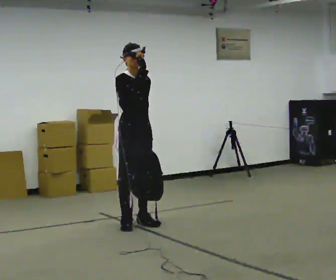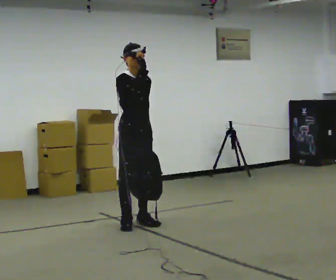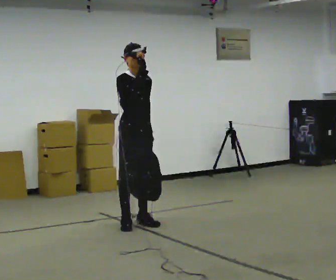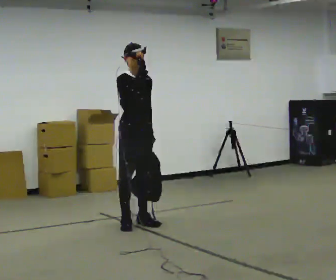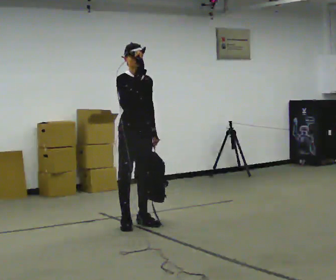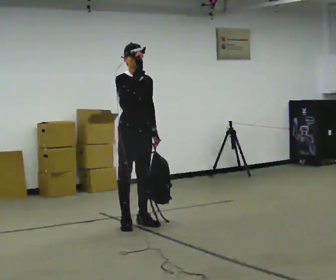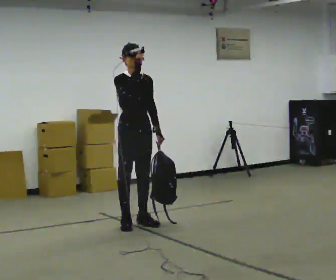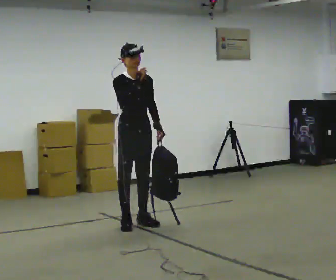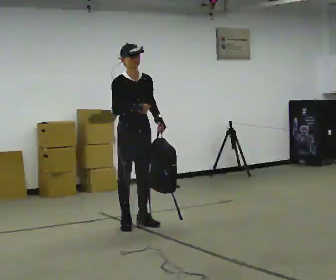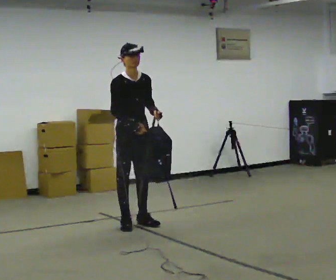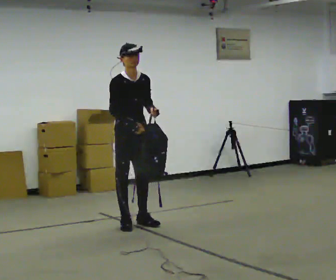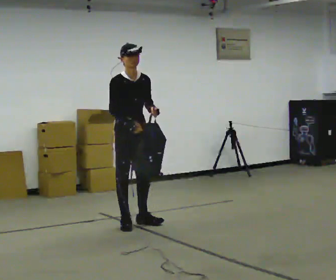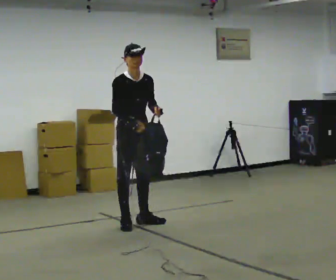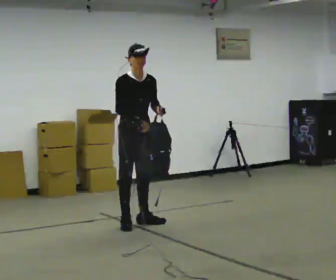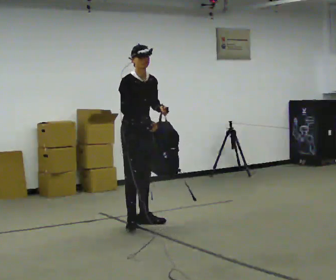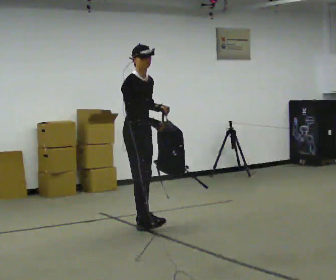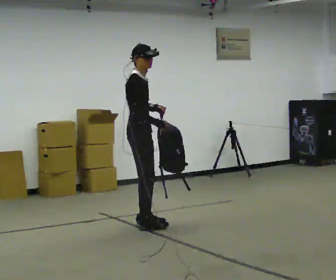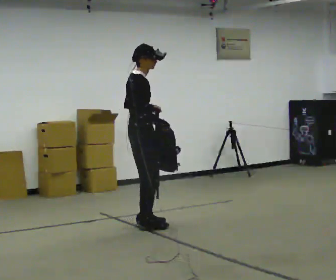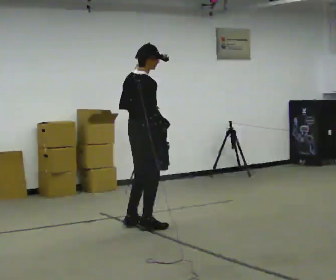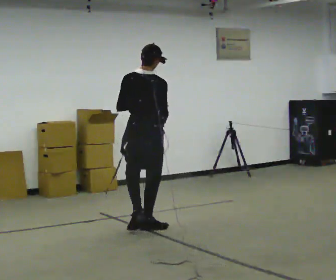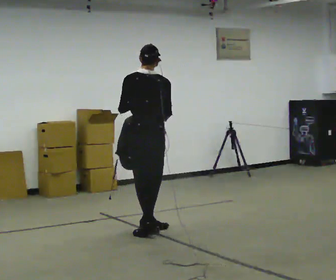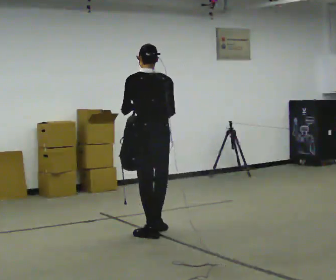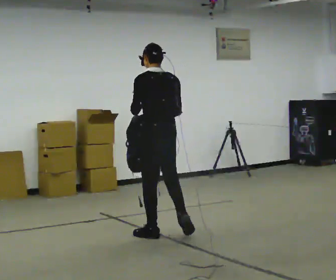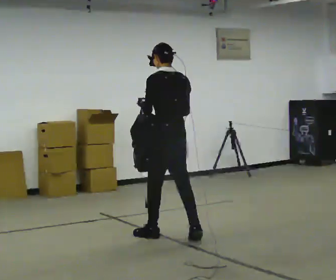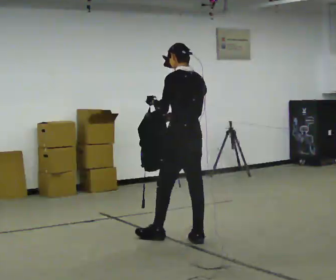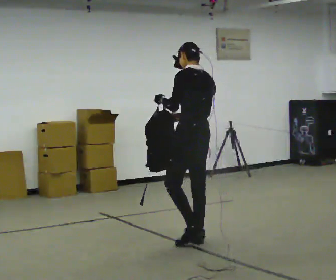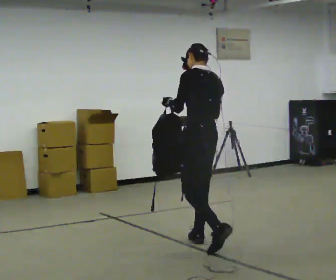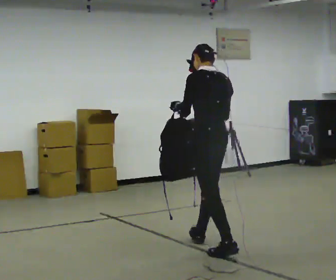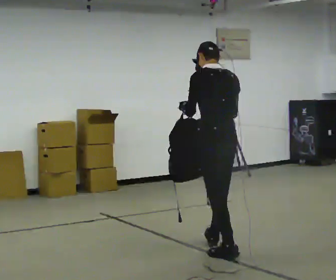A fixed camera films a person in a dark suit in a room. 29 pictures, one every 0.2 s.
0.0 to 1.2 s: The person moves a little, or ends about where they began.
1.2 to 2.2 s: In the picture their right hand goes downward.
2.2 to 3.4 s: The person turns about 75 degrees to their left, counterclockwise seen from above, so the part of the body nearest the lens slides to the right. In the picture their right hand goes to the right.
3.4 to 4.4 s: The person turns about 105 degrees to their left, counterclockwise seen from above, so the part of the body nearest the lens slides to the right. In the picture they go toward the camera and to the right, about 0.5 m in 2 steps.
4.4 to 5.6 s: In the picture they go toward the camera and to the right, about 1 m in 2 steps, which for them is backward.
The film runs backward here.
